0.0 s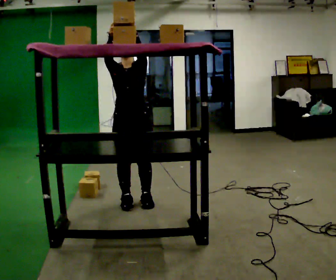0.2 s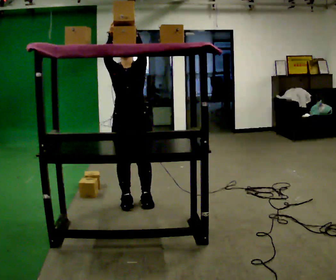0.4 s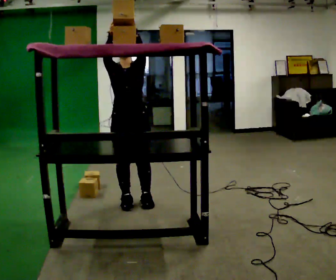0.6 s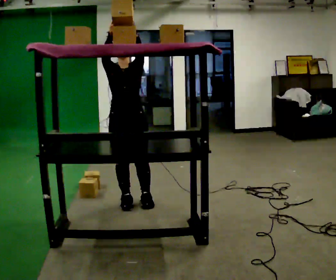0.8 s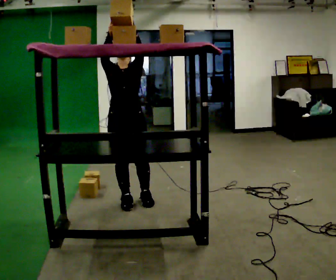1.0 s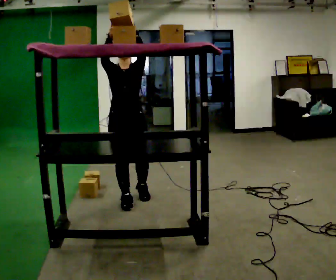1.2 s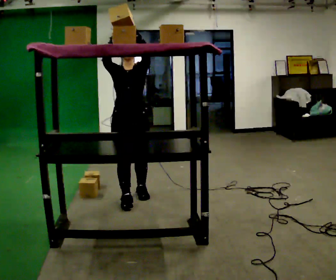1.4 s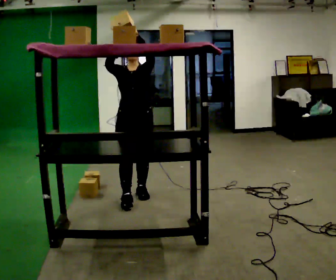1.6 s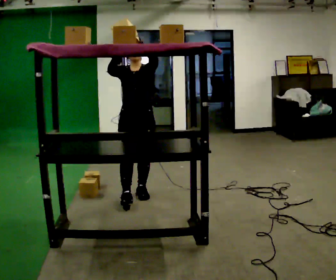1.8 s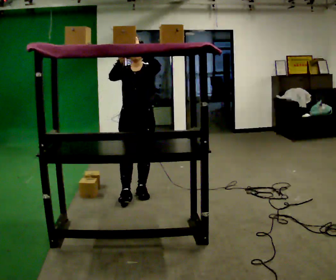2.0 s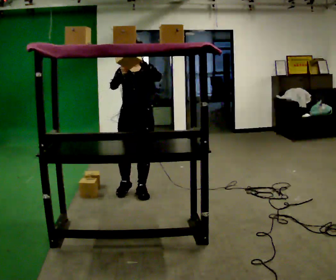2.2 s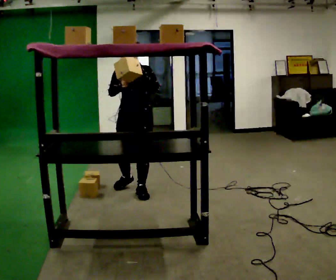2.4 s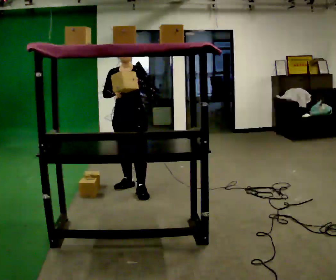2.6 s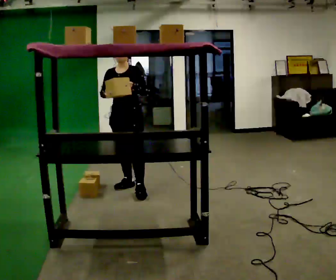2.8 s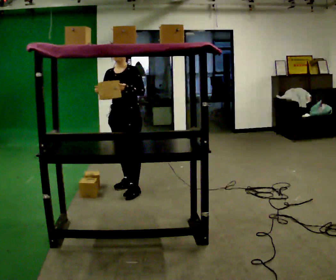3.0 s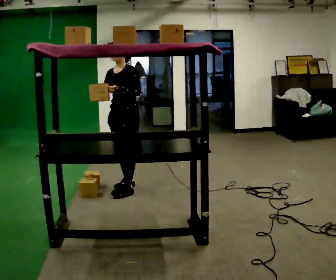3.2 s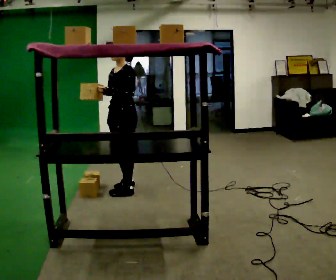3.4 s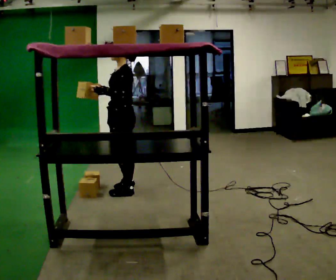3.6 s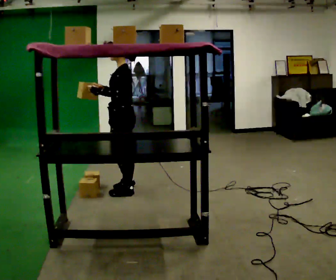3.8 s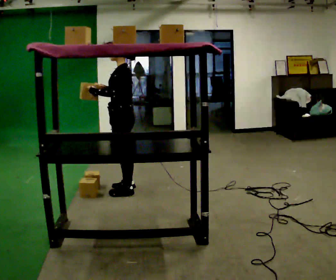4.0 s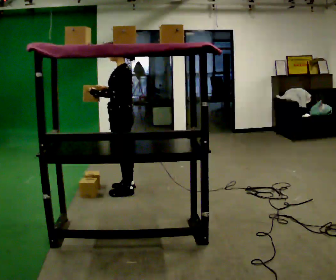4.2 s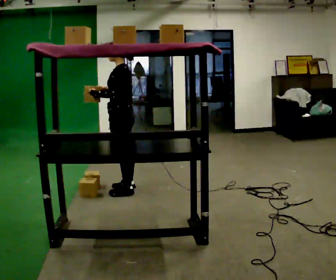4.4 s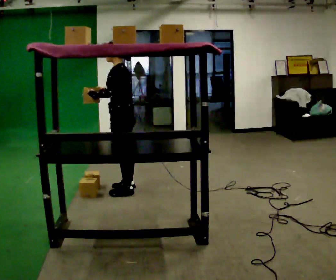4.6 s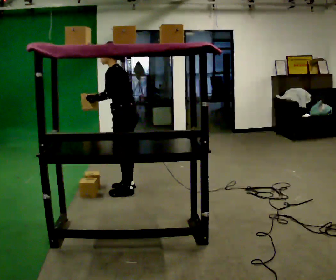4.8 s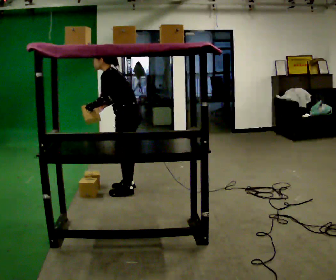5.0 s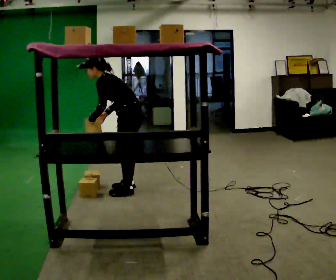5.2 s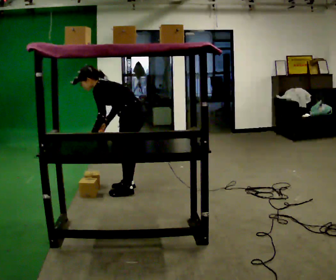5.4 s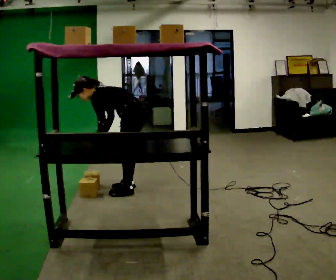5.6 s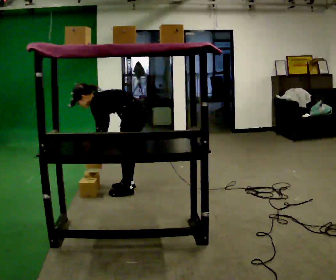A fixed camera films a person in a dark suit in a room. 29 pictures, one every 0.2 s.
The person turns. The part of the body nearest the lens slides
to the left.
The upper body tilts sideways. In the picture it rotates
counterclockwise.
0.0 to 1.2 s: The person moves a little, or ends about where they began.
1.2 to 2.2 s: In the picture they go away from the camera, about 0.25 m in 1 step, which for them is backward. In the picture their right hand goes downward.
2.2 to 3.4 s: The person turns about 60 degrees to their right, clockwise seen from above, so the part of the body nearest the lens slides to the left.
3.4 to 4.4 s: The person turns about 30 degrees to their right, clockwise seen from above, so the part of the body nearest the lens slides to the left.
4.4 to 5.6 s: The shoulders move downward. In the picture the upper body tilts counterclockwise, shoulders to the left, as they bend forward. In the picture their left hand goes downward.
The film runs backward here.
